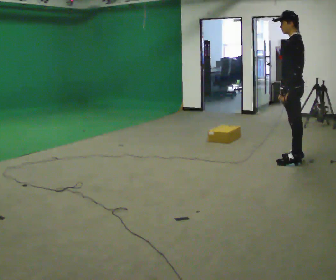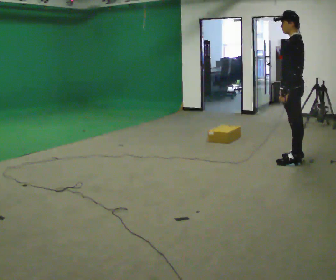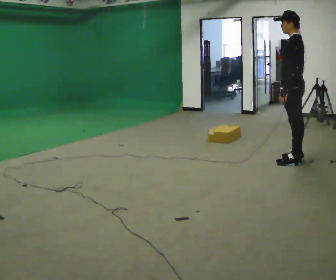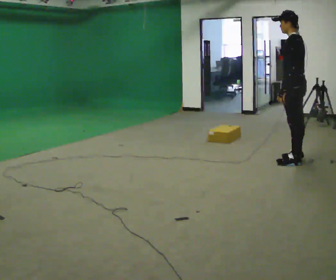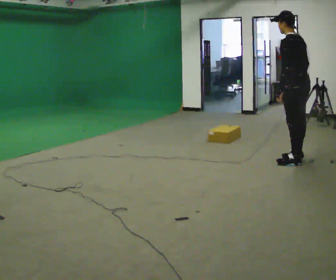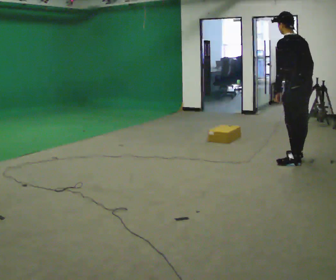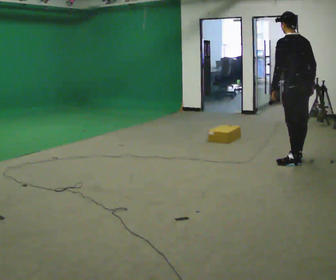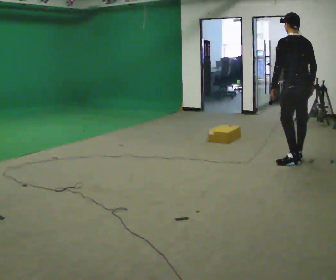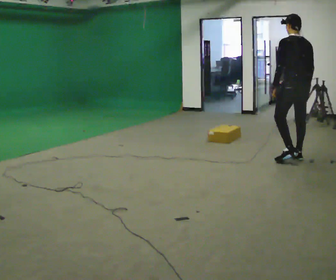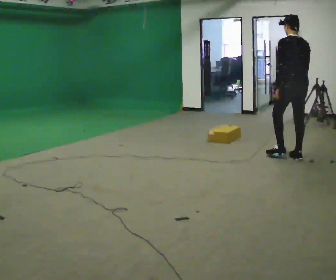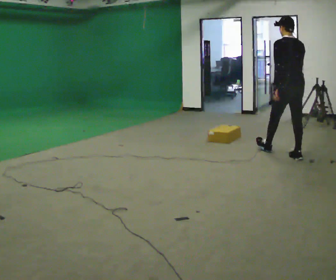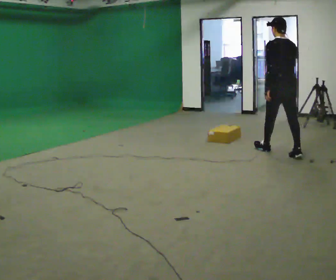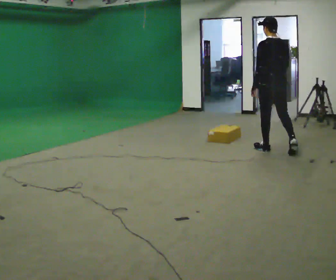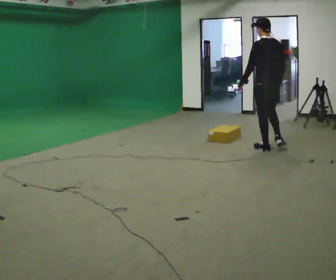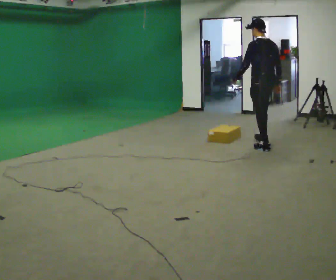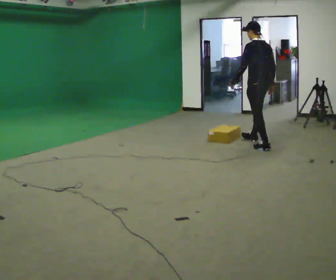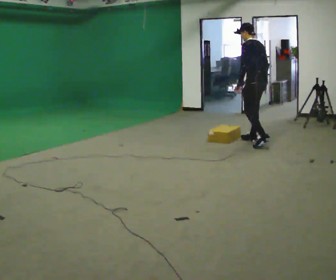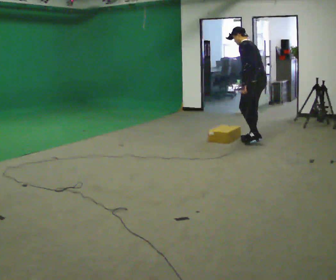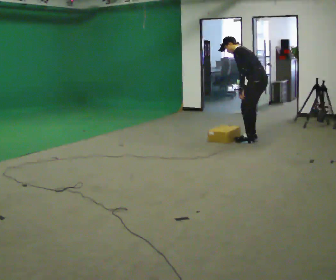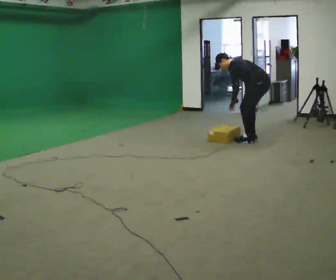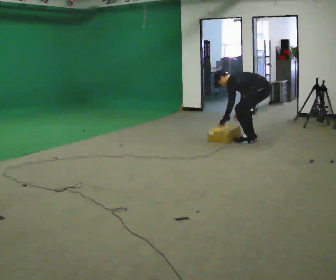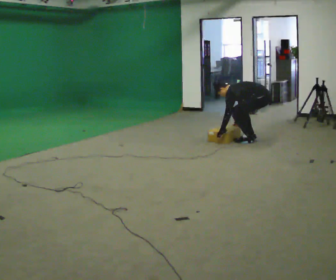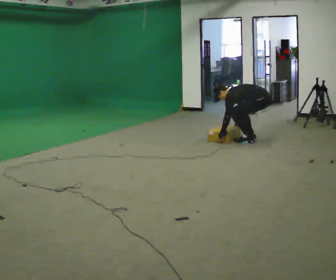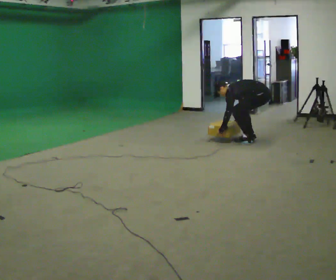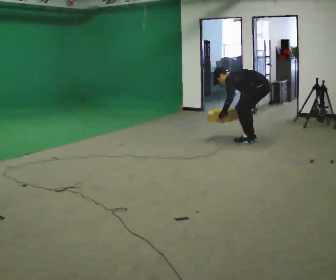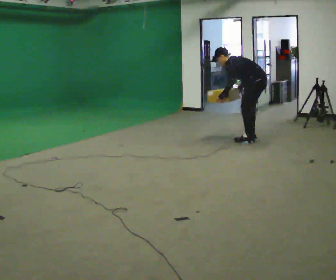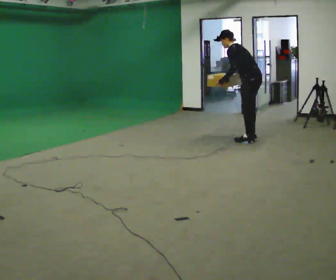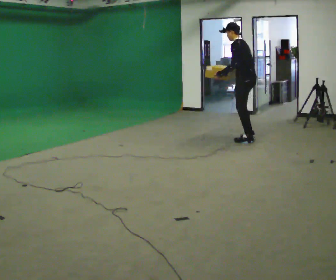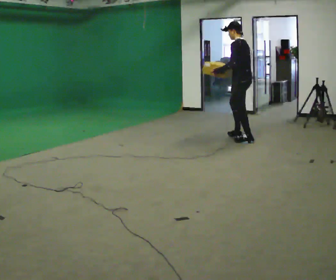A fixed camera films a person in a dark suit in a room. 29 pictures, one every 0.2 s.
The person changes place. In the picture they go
away from the camera.
0.0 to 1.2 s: The part of the body nearest the lens slides to the left as the person turns to their right by about 45 degrees.
1.2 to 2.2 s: In the picture they go away from the camera and to the left, about 0.5 m in 1 step, which for them is forward.
2.2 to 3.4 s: Seen from above the body turns counterclockwise, about 45 degrees: to their left, with its near side sliding to the right. In the picture they go away from the camera and to the left, about 0.5 m in 1 step, which for them is forward. In the picture the upper body tilts counterclockwise, shoulders to the left, as they bend forward.
3.4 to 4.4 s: The shoulders move downward. In the picture the upper body tilts counterclockwise, shoulders to the left, as they bend forward. In the picture their right hand goes downward and to the left.
4.4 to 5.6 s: In the picture they go to the left, about 0.25 m, which for them is forward. The shoulders move upward. In the picture the upper body tilts clockwise, shoulders to the right, as they lean back or straighten. In the picture their left hand goes upward.
The film runs forward here.
